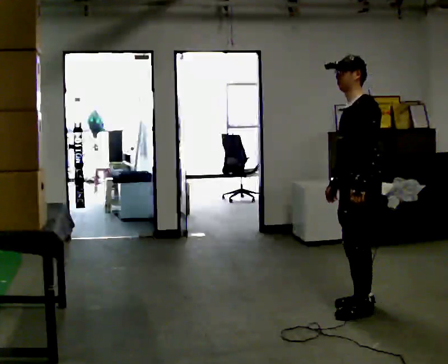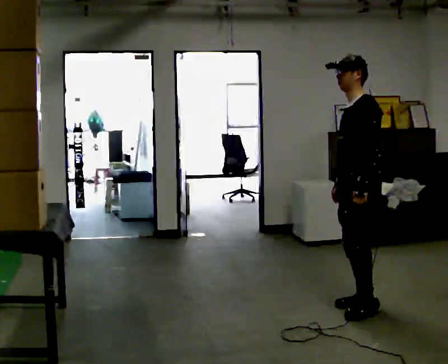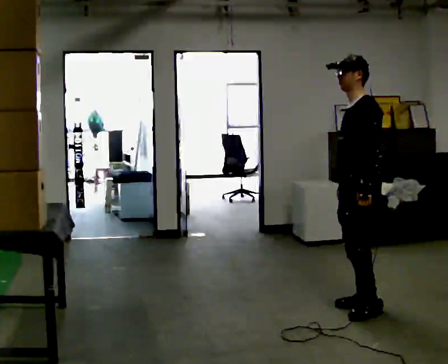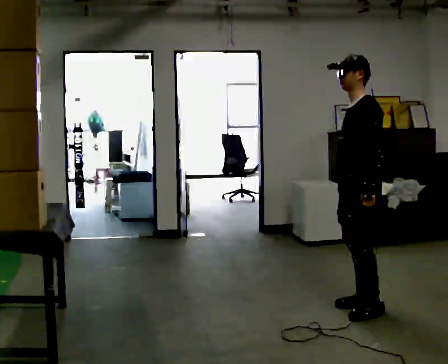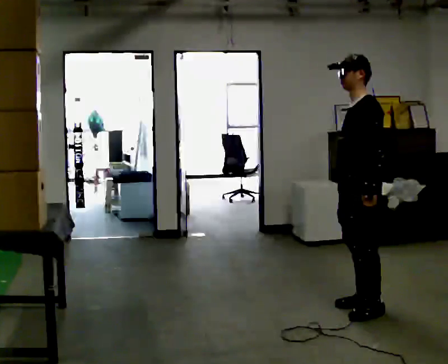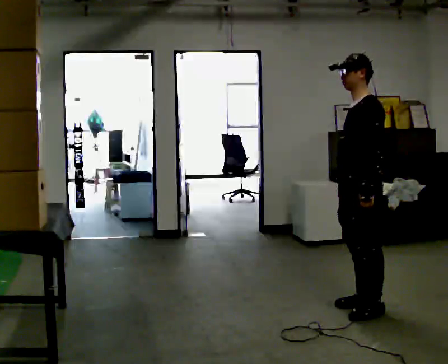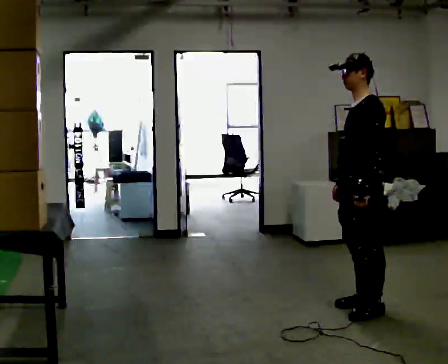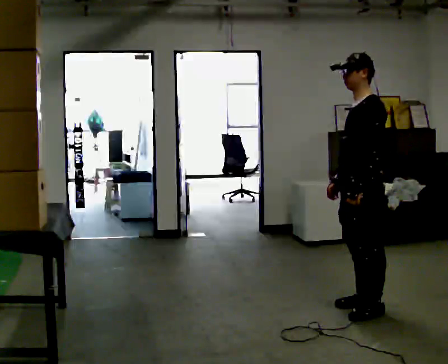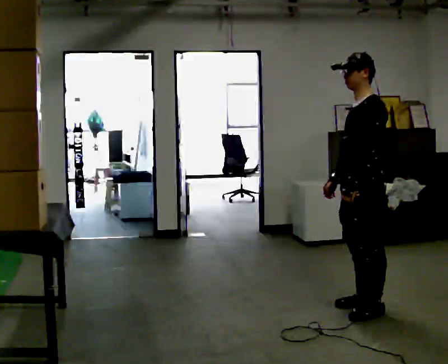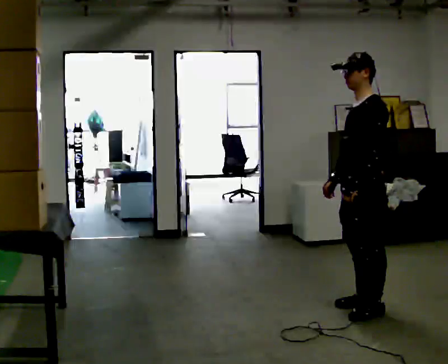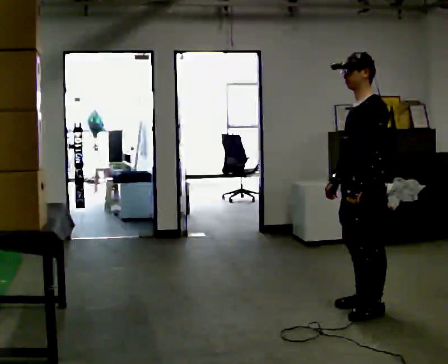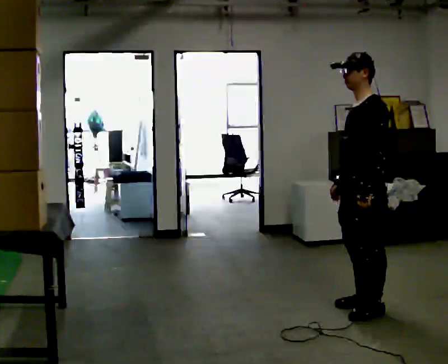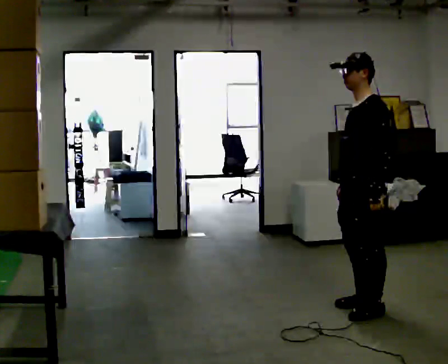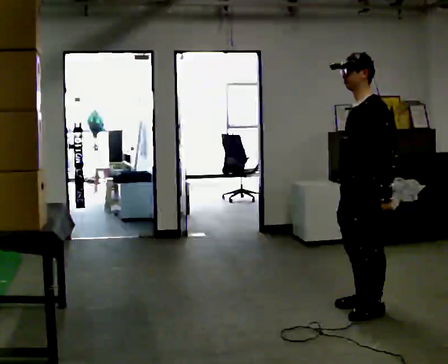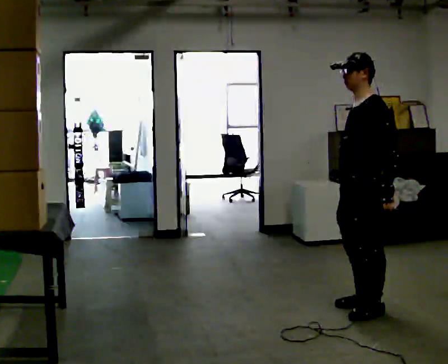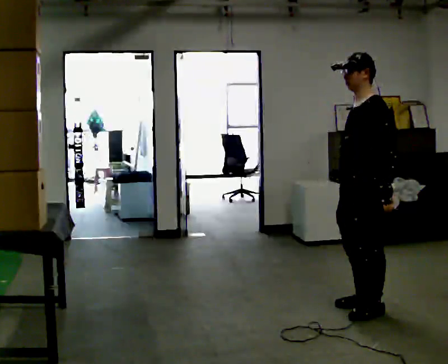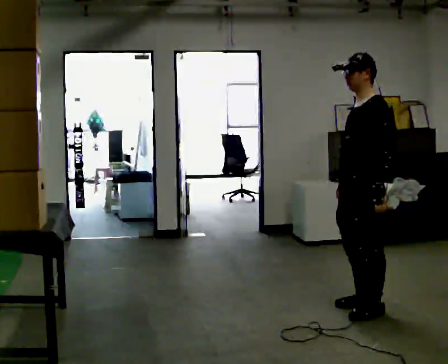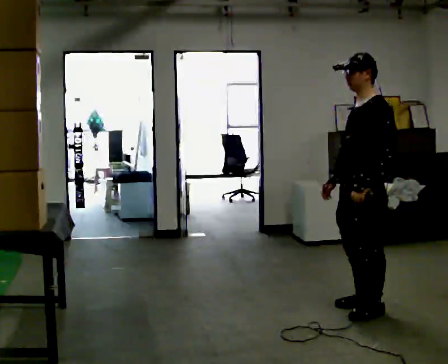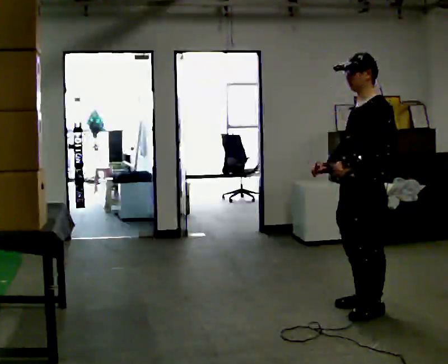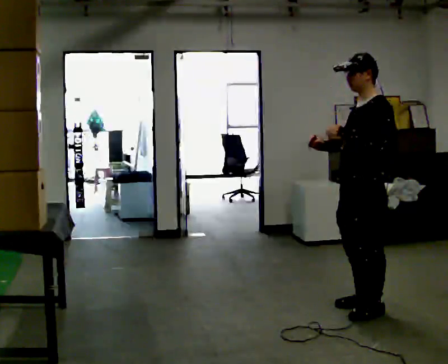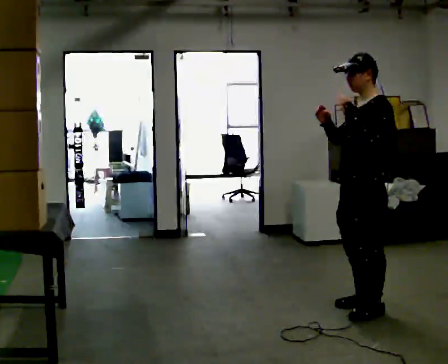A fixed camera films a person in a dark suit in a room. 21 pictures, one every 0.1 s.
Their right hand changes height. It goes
upward.
0.0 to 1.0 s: The person moves a little, or ends about where they began.
1.0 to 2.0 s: In the picture their right hand goes upward.
The film runs backward here.
